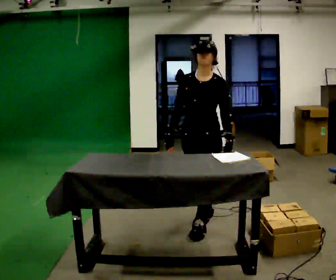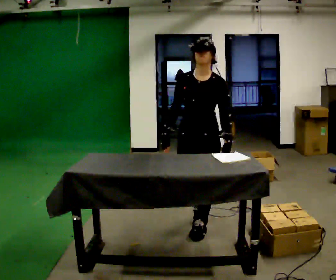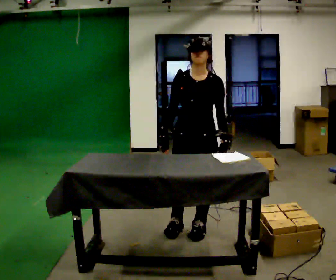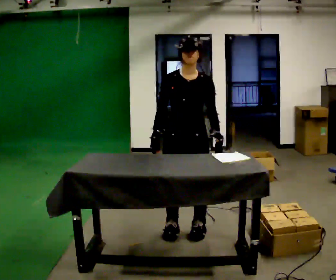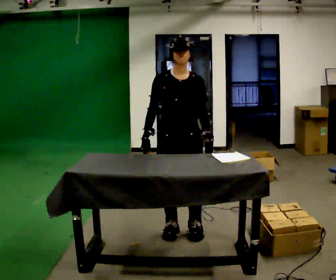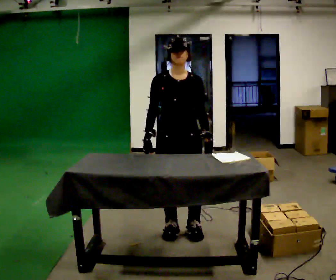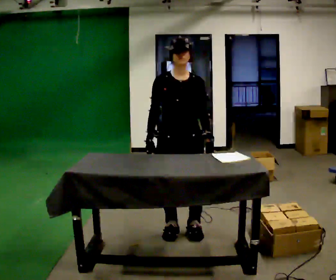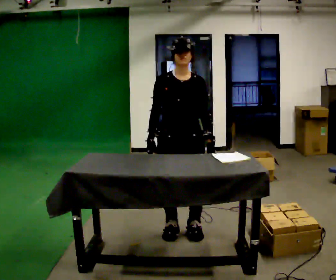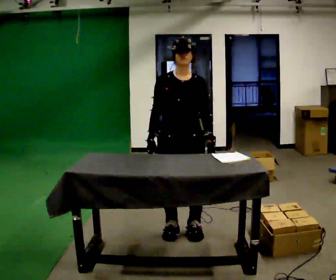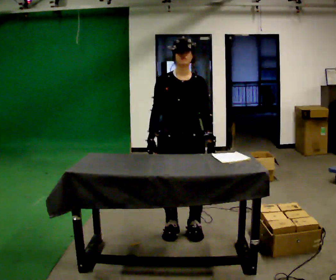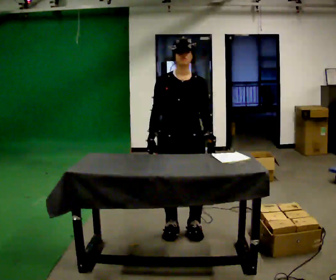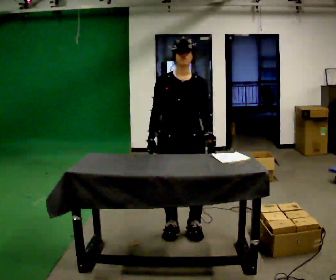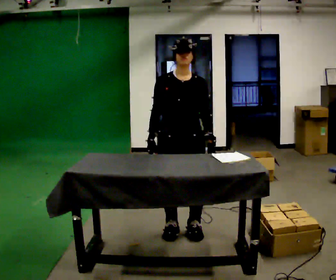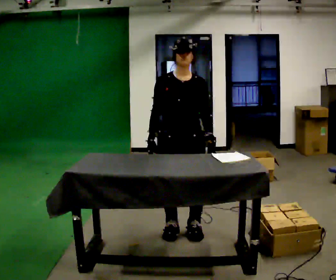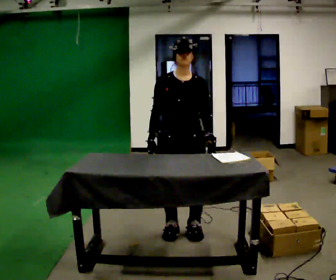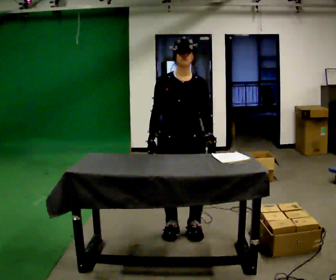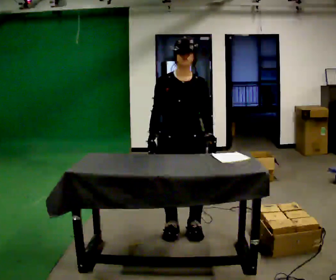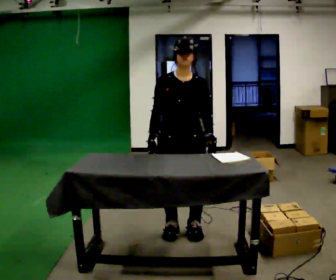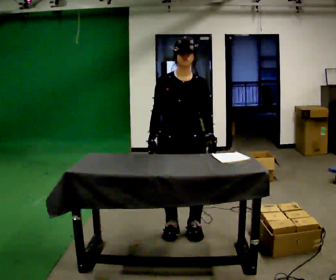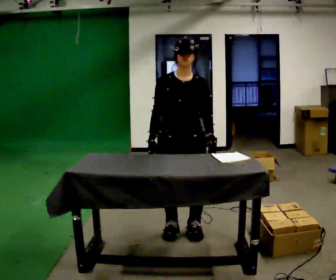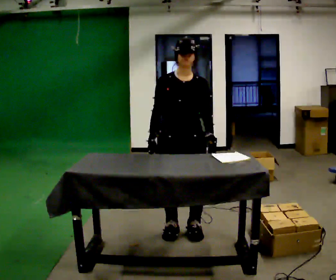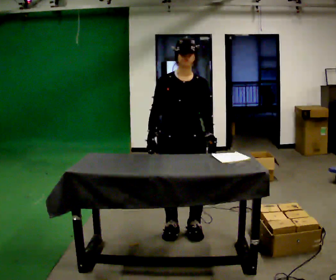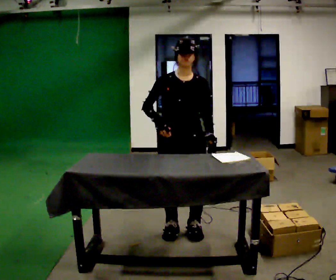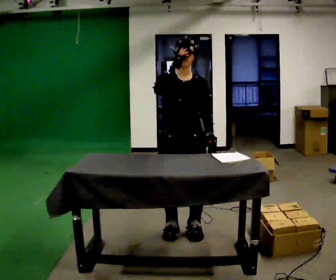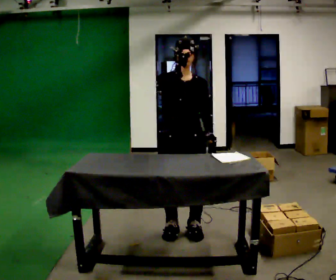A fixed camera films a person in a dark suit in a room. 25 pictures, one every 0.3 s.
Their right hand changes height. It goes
upward.
0.0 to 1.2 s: The part of the body nearest the lens slides to the right as the person turns to their left by about 30 degrees. In the picture they go to the left and toward the camera, about 0.25 m in 1 step, which for them is forward and to their right.
1.2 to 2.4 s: The person moves a little, or ends about where they began.
2.4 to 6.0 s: The person keeps their place and pose.
6.0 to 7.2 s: In the picture their right hand goes upward.
The film runs forward here.
